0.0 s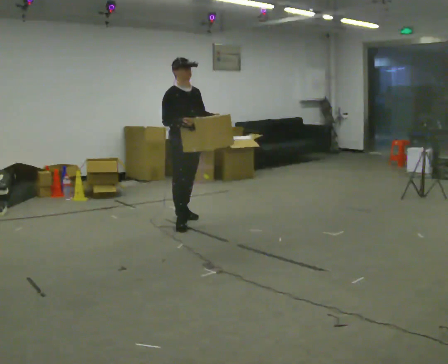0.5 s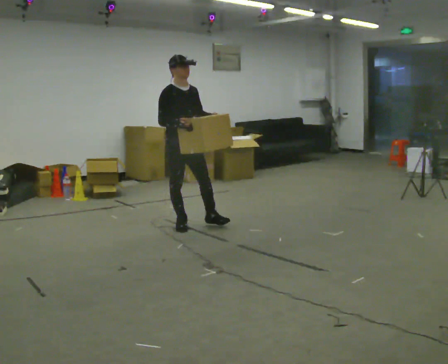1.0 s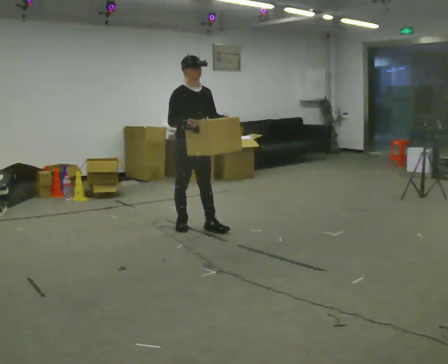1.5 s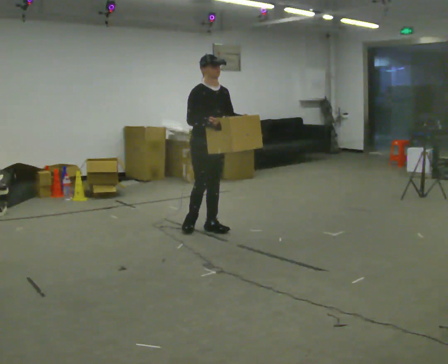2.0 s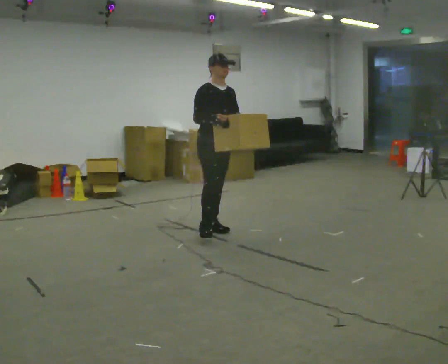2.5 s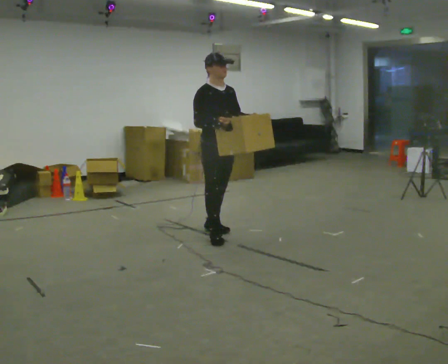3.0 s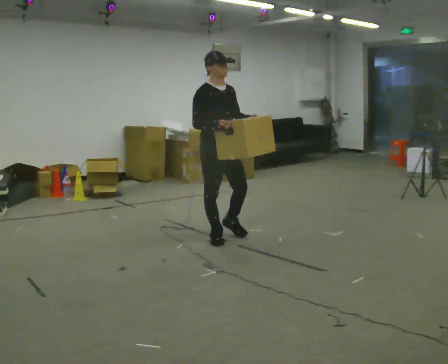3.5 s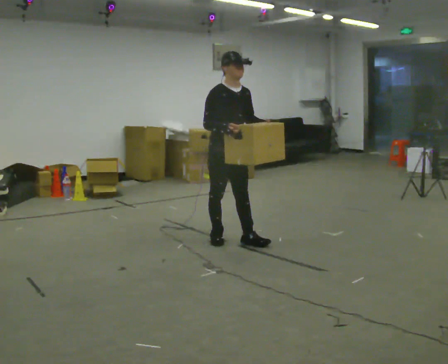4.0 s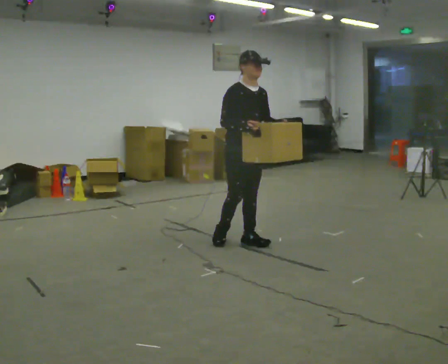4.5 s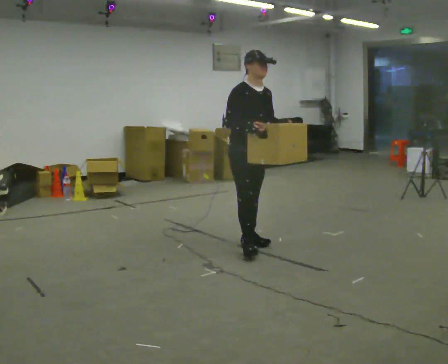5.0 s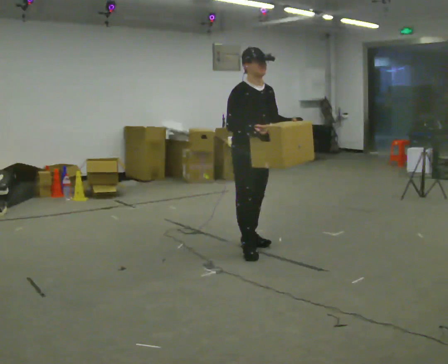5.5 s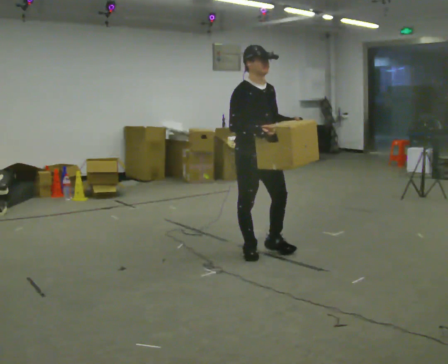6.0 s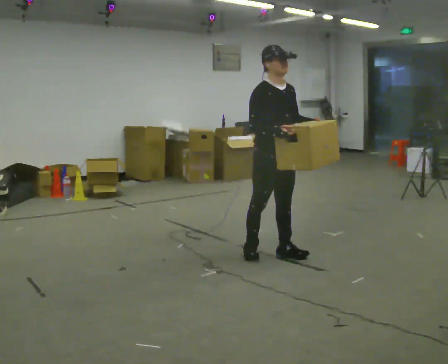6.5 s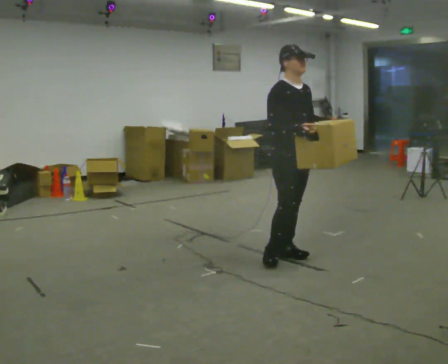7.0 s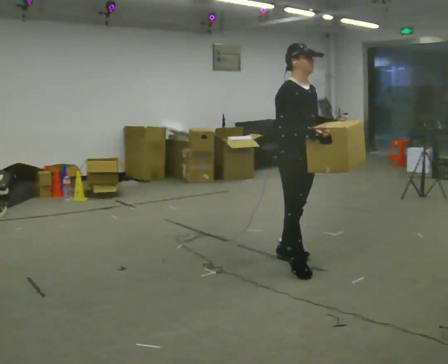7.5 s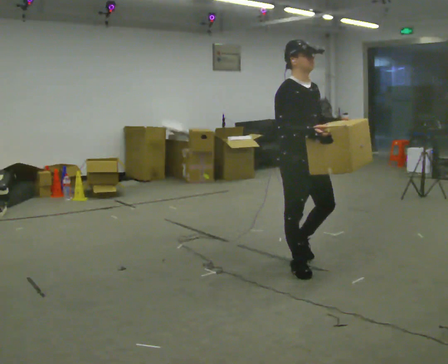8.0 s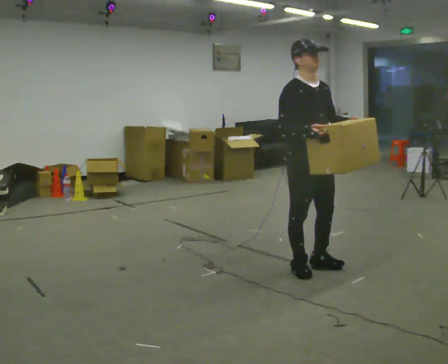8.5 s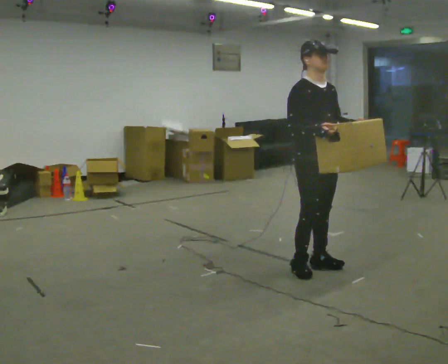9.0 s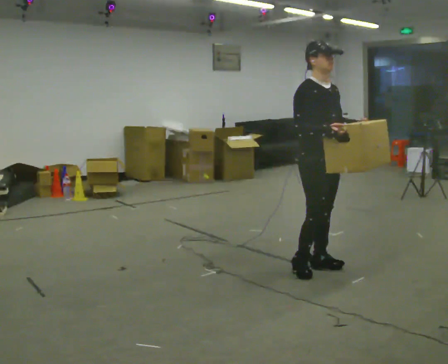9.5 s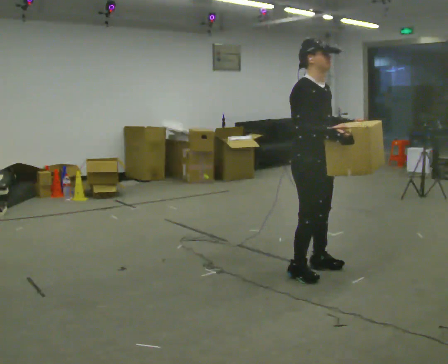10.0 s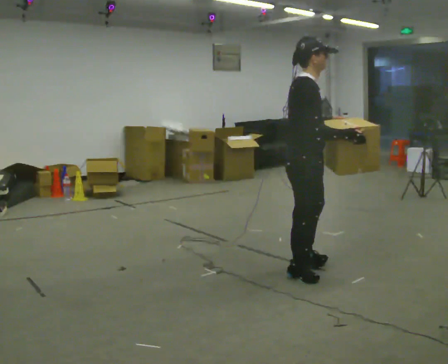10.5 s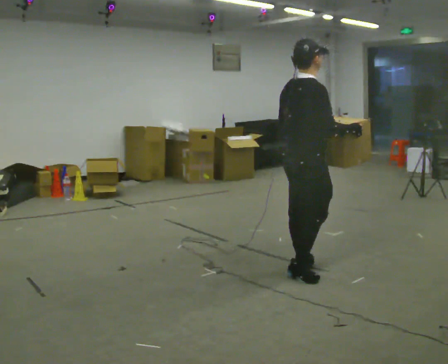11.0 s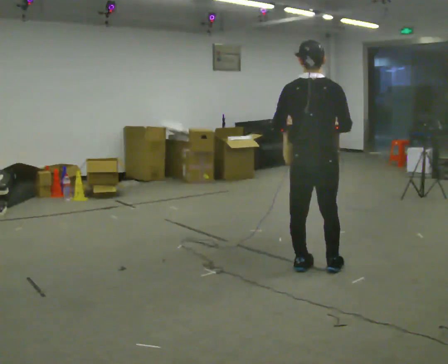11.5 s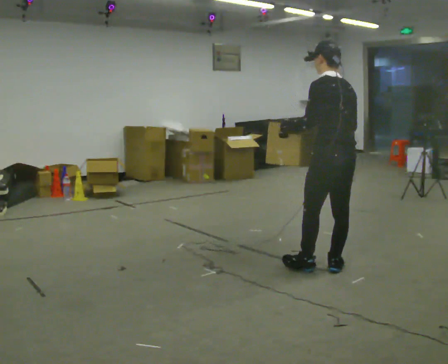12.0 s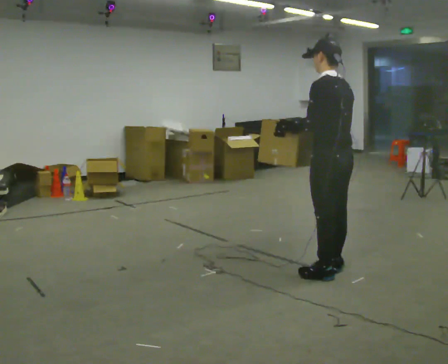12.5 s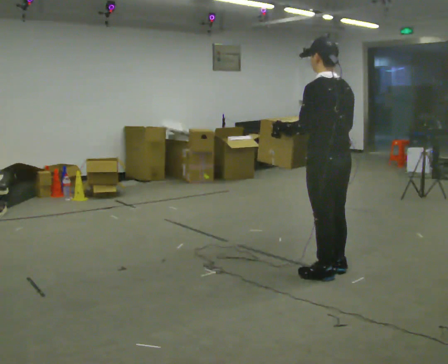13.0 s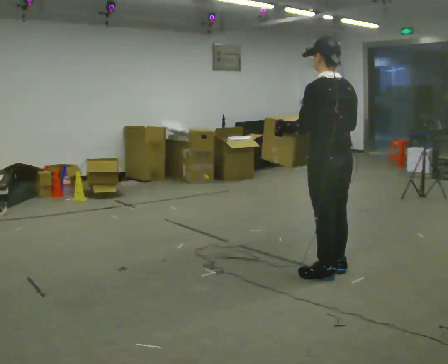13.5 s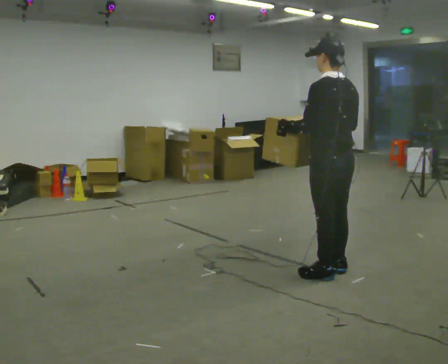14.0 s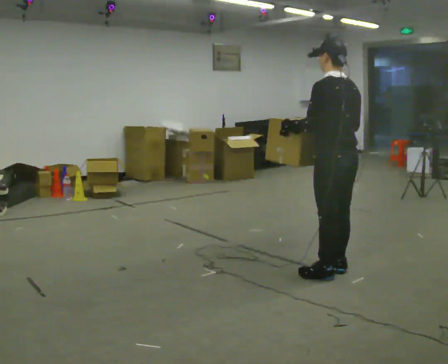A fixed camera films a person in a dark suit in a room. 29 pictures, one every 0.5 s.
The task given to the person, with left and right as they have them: Carry the box in both hands and walk back and forth across the room. The contents may move around. Carry on as best you can.
0.0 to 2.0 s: In the picture they go to the right and toward the camera, about 0.5 m in 2 steps, which for them is forward.
2.0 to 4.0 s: In the picture they go toward the camera and to the right, about 0.5 m in 1 step, which for them is forward.
4.0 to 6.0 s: In the picture they go toward the camera and to the right, about 0.5 m in 2 steps, which for them is forward.
6.0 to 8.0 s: In the picture they go toward the camera and to the right, about 0.5 m in 2 steps, which for them is forward.
8.0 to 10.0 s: Seen from above the body turns counterclockwise, about 45 degrees: to their left, with its near side sliding to the right.
10.0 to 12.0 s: The part of the body nearest the lens slides to the right as the person turns to their left by about 135 degrees. In the picture they go to the right, about 0.25 m in 3 steps.
12.0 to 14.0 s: The person moves a little, or ends about where they began.
The film runs forward here.
